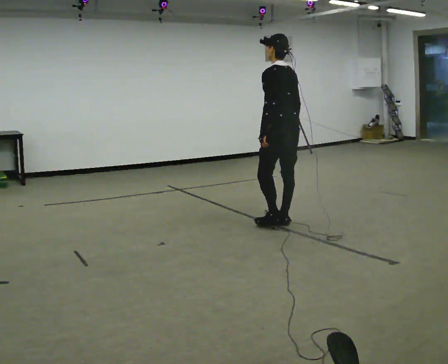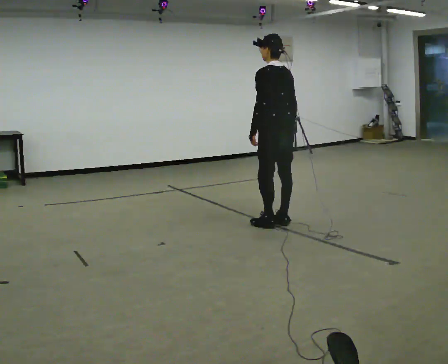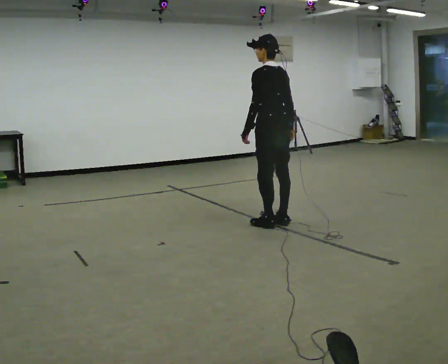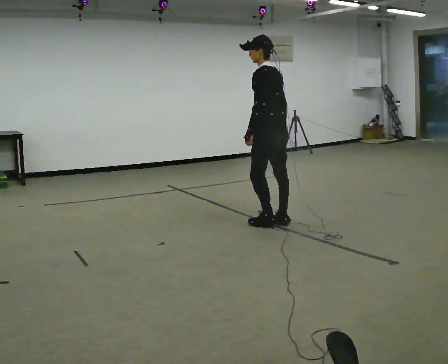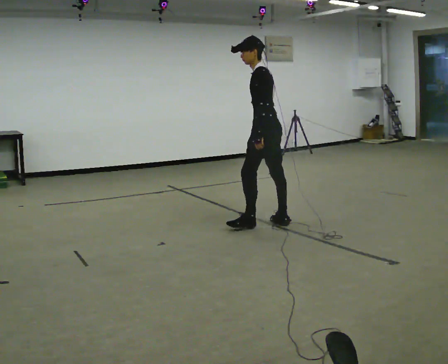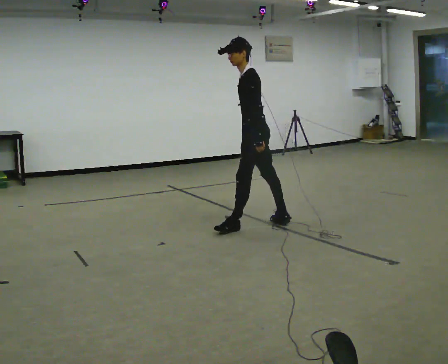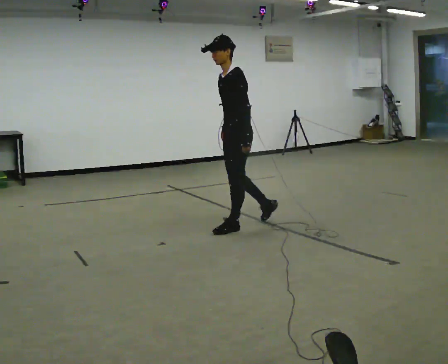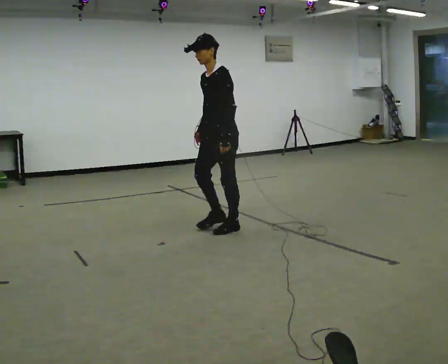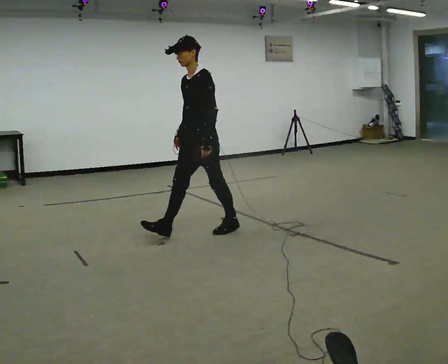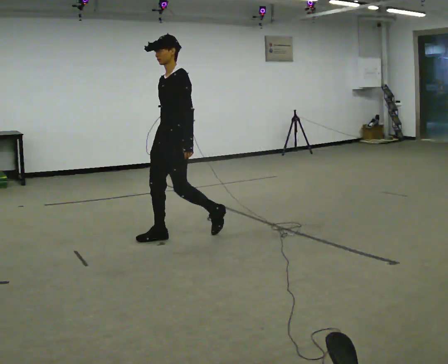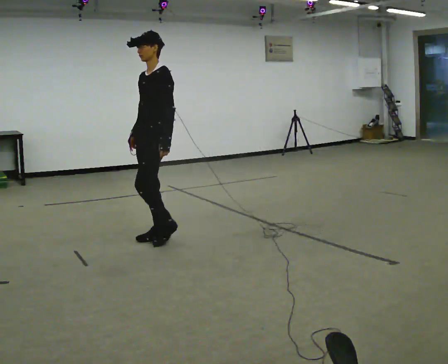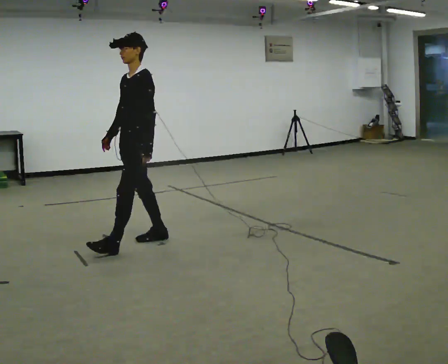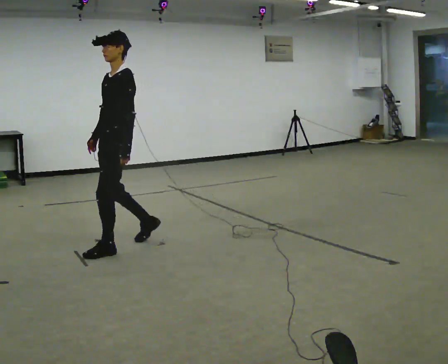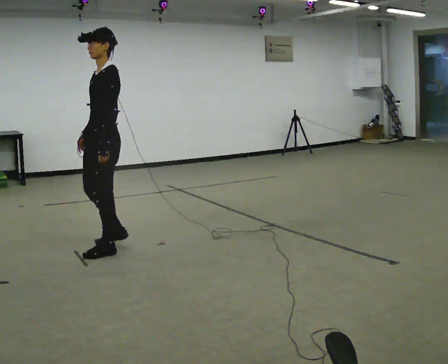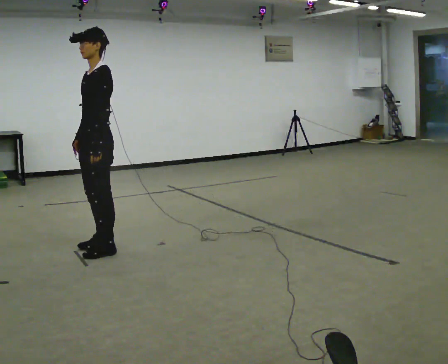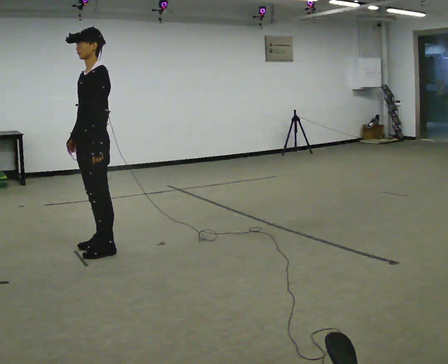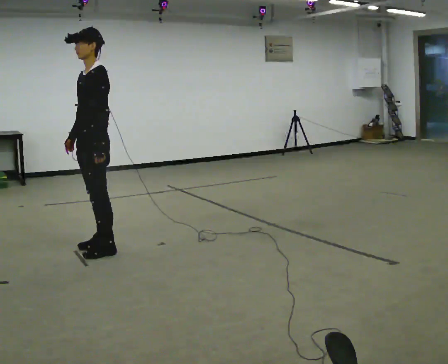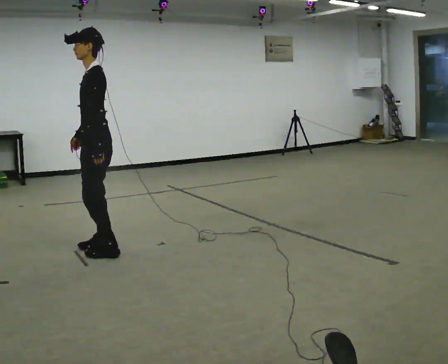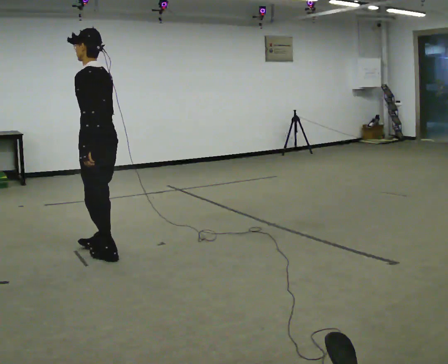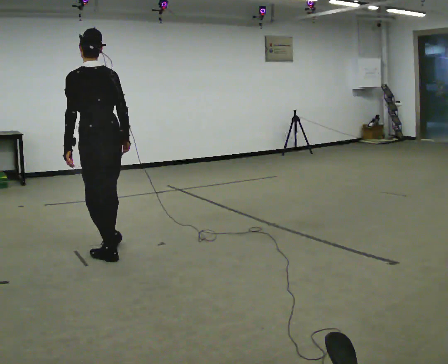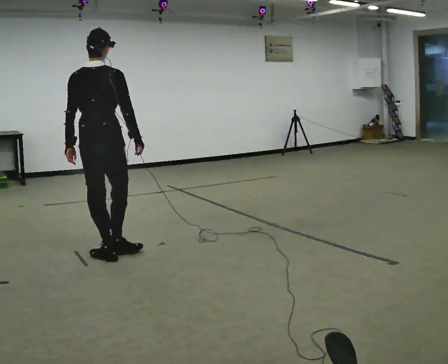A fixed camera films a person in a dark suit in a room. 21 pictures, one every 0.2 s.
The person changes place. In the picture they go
to the left.
The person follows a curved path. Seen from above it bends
counterclockwise.
0.0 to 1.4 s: The part of the body nearest the lens slides to the right as the person turns to their left by about 75 degrees. In the picture they go to the left, about 0.5 m in 2 steps.
1.4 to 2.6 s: In the picture they go to the left and toward the camera, about 1 m in 2 steps, which for them is forward.
2.6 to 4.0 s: The person turns about 120 degrees to their right, clockwise seen from above, so the part of the body nearest the lens slides to the left. In the picture they go toward the camera, about 0.25 m in 2 steps. In the picture their right hand goes to the right, the arm swinging counterclockwise.
The film runs forward here.
